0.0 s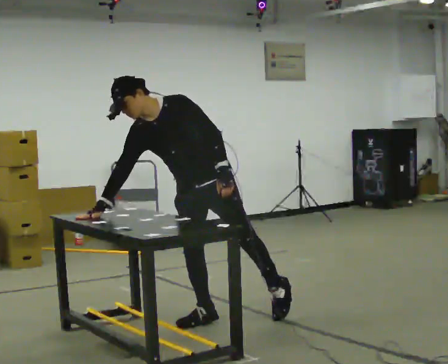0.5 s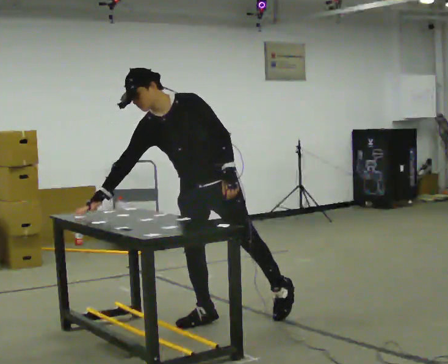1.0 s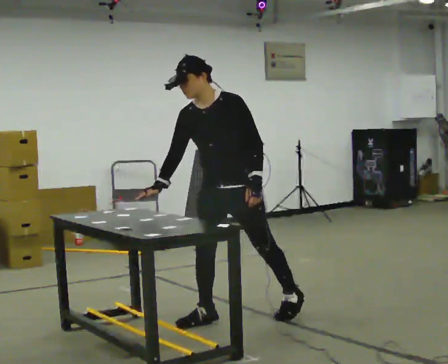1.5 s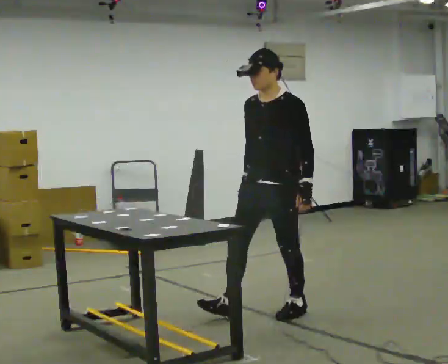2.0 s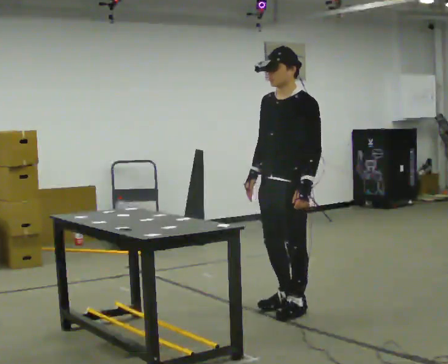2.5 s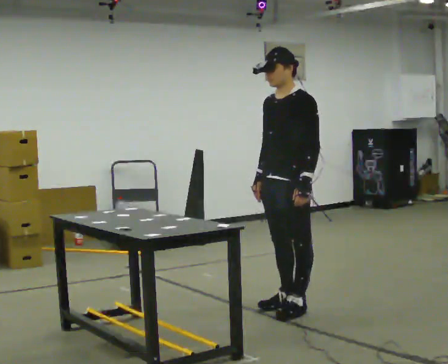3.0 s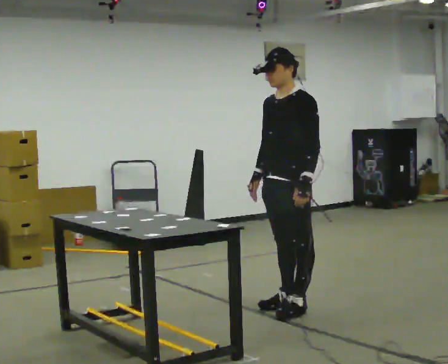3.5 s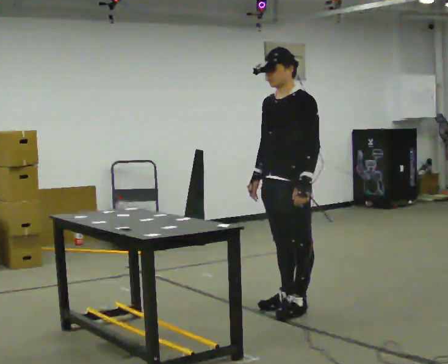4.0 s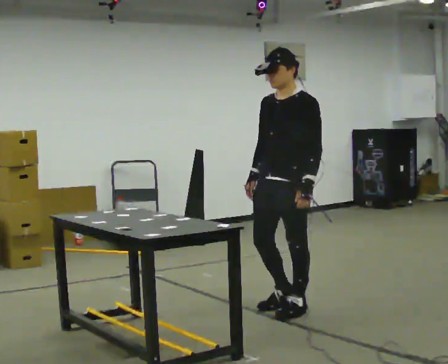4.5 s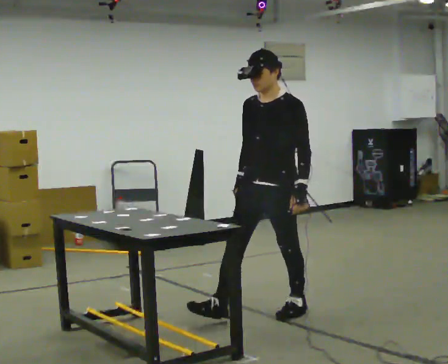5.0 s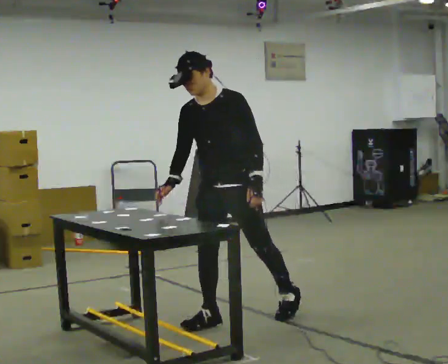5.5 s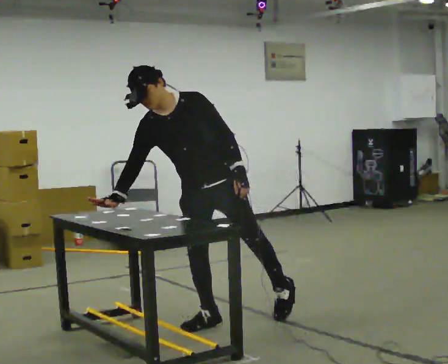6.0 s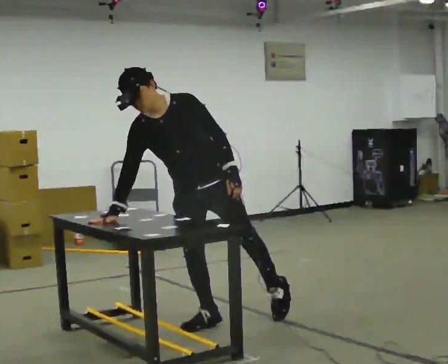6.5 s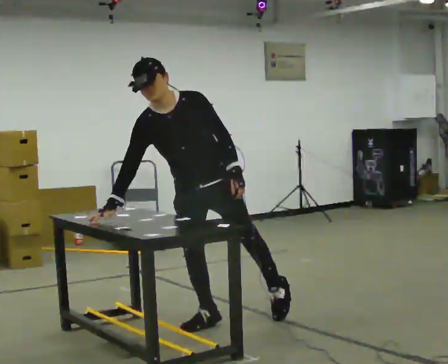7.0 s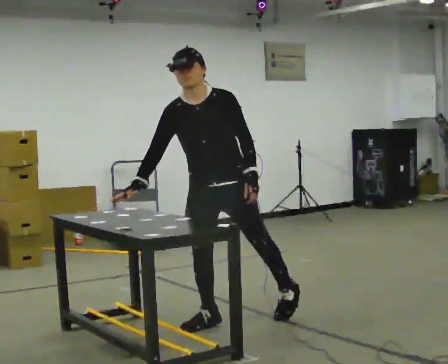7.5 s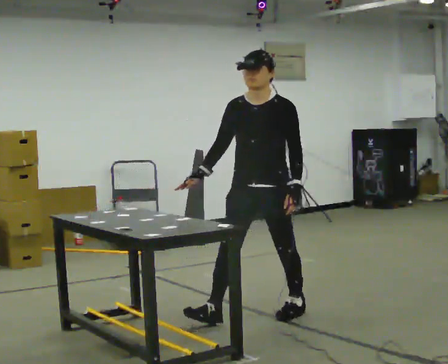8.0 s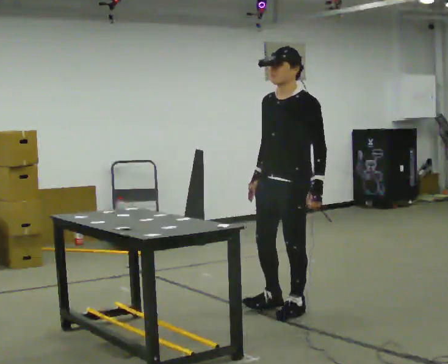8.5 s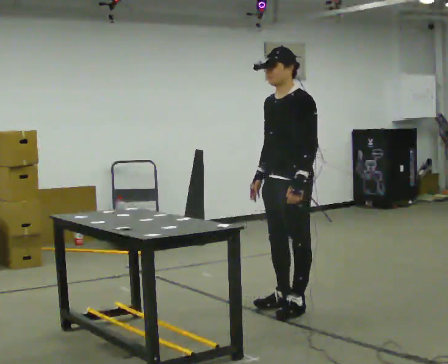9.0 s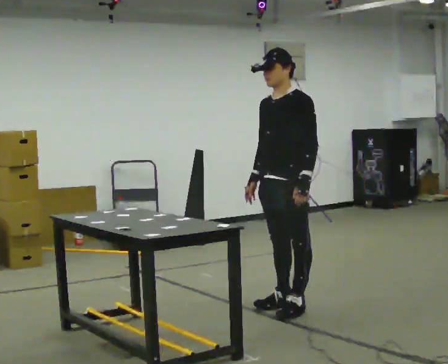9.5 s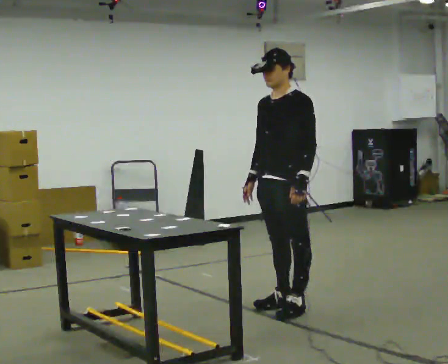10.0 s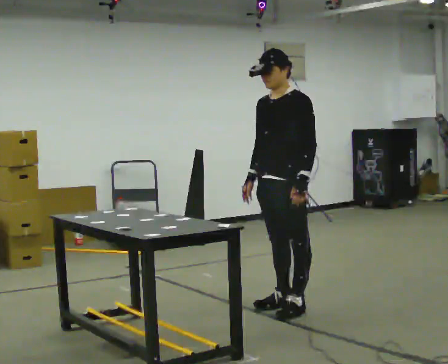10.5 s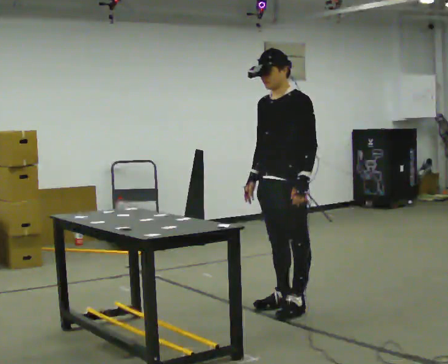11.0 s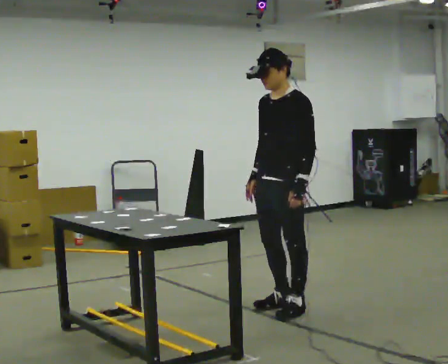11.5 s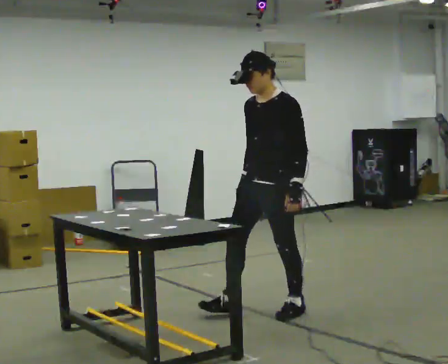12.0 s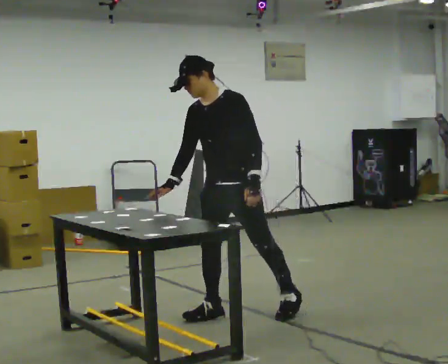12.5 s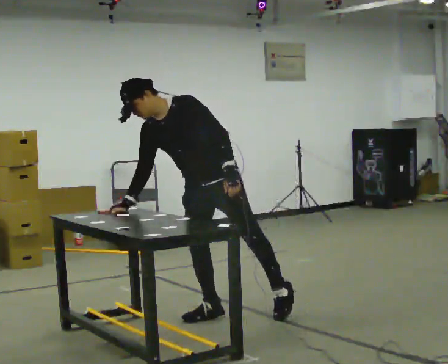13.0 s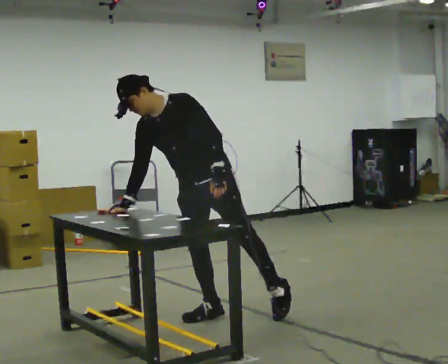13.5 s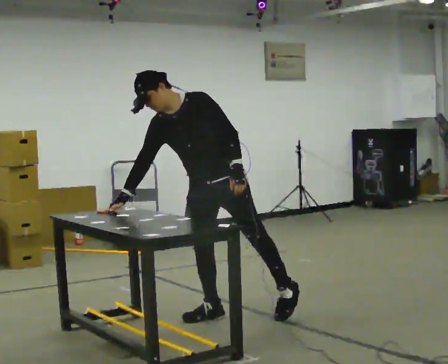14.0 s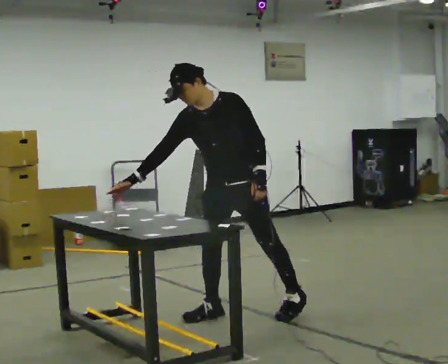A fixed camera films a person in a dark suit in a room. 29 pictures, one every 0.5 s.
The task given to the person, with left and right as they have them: Touch each numbered target on the board in front of you in the order the operator calls. Keep both feet on the marked spots for the whole take. If you have to step, stop and tell the operator.
0.0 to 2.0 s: In the picture they go to the right, about 0.5 m in 1 step, which for them is backward and to their left. In the picture the upper body tilts clockwise, shoulders to the right, as they lean back or straighten.
2.0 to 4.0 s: The person moves a little, or ends about where they began.
4.0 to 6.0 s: The part of the body nearest the lens slides to the right as the person turns to their left by about 30 degrees. In the picture they go to the left and toward the camera, about 0.5 m in 1 step, which for them is forward and to their right. In the picture the upper body tilts counterclockwise, shoulders to the left, as they bend forward.
6.0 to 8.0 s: The part of the body nearest the lens slides to the left as the person turns to their right by about 30 degrees. In the picture they go to the right and away from the camera, about 0.75 m, which for them is to their left and backward. In the picture the upper body tilts clockwise, shoulders to the right, as they lean back or straighten.
8.0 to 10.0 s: The person moves a little, or ends about where they began.
10.0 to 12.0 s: In the picture they go to the left, about 0.25 m in 1 step, which for them is forward. In the picture the upper body tilts counterclockwise, shoulders to the left, as they bend forward.
12.0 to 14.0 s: The person moves a little, or ends about where they began.
The film runs forward here.
